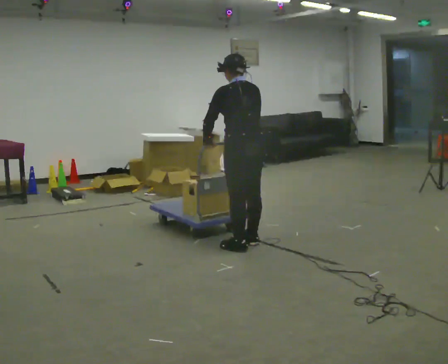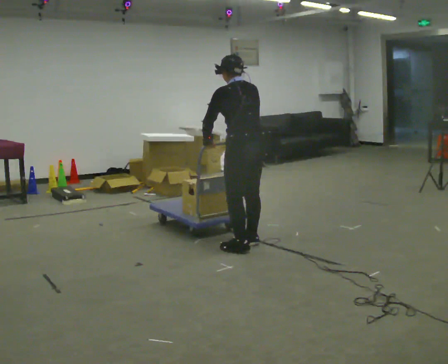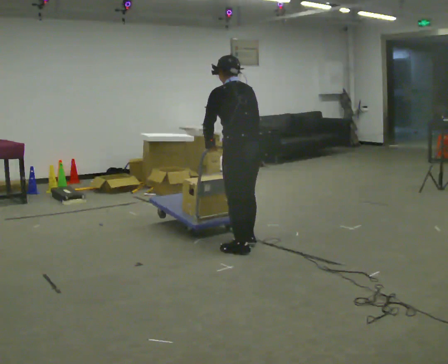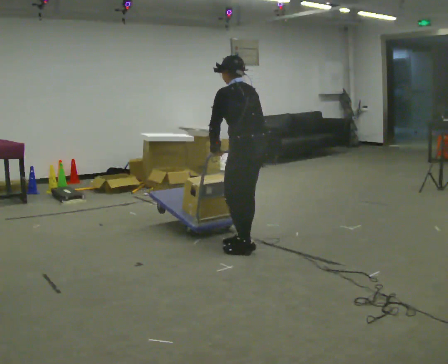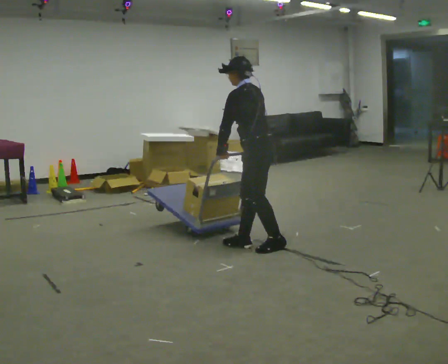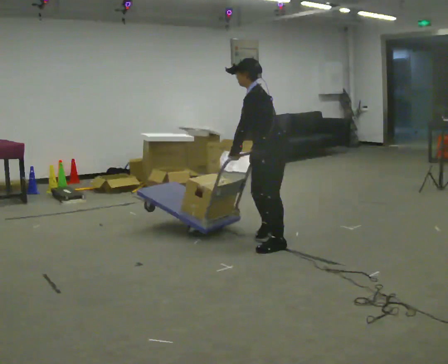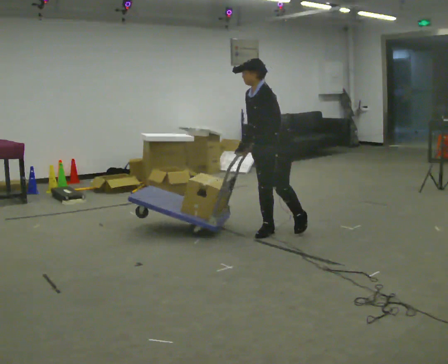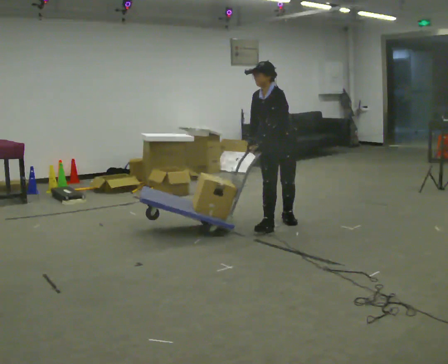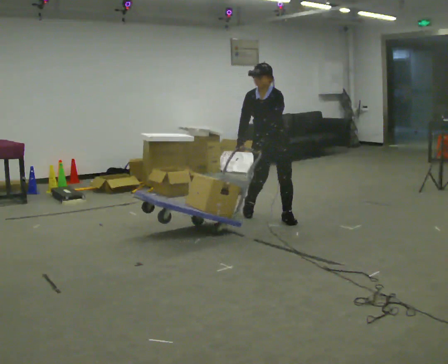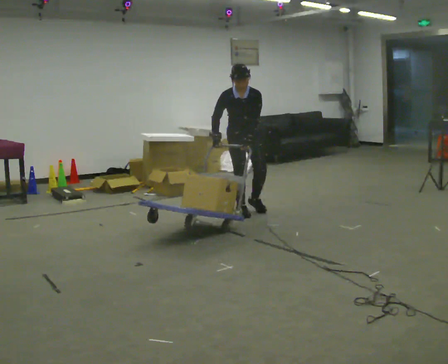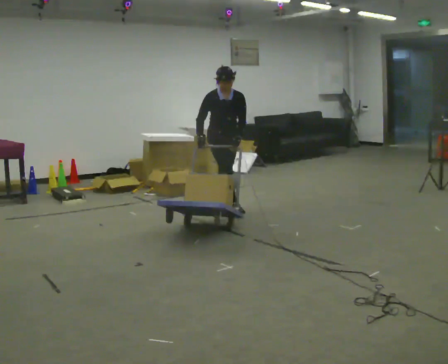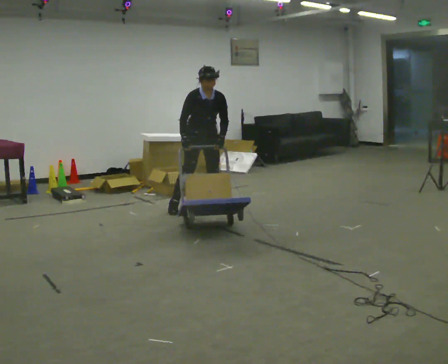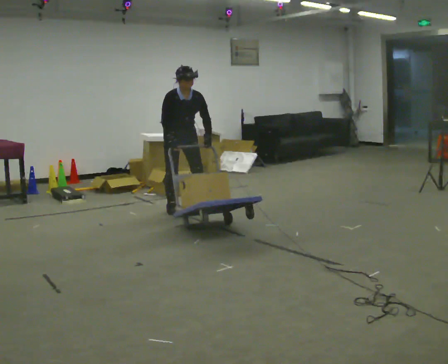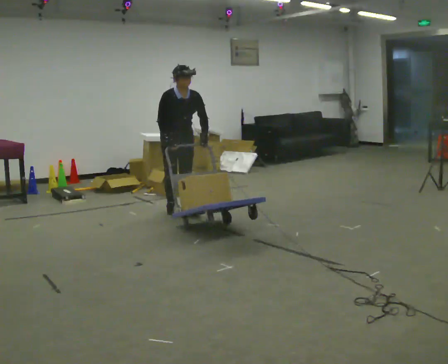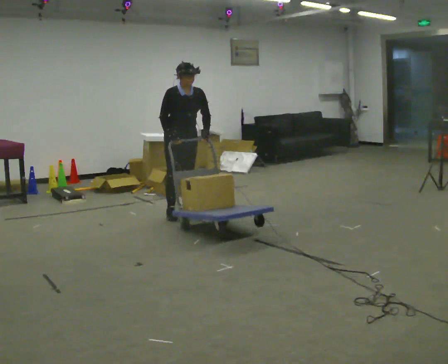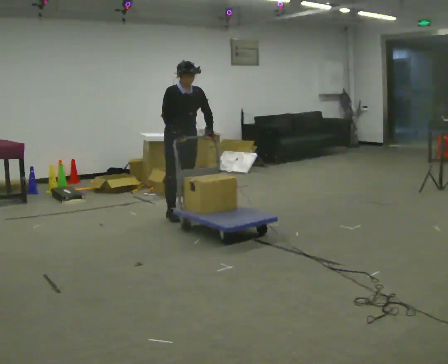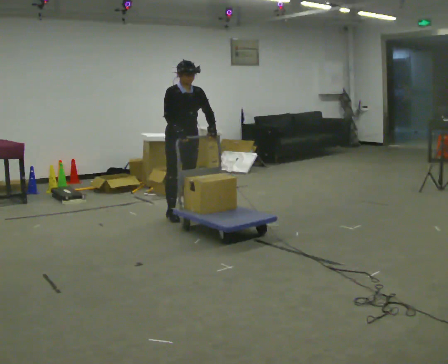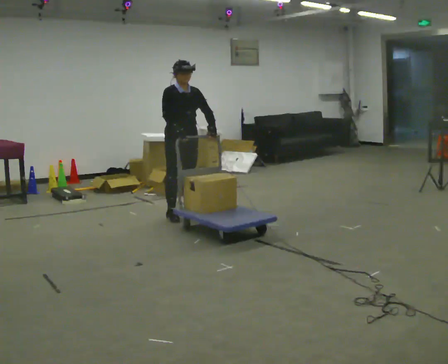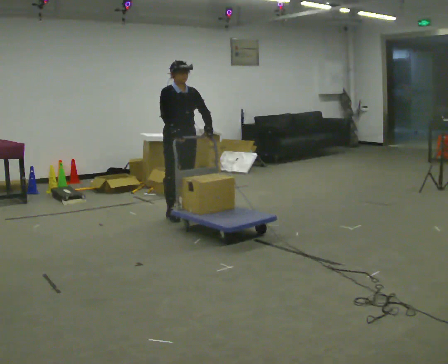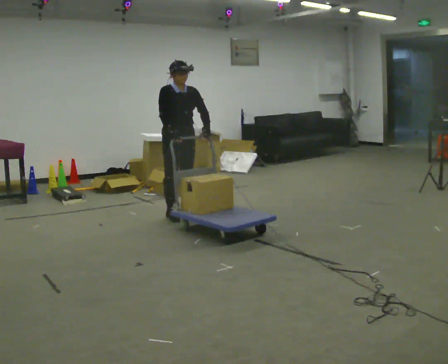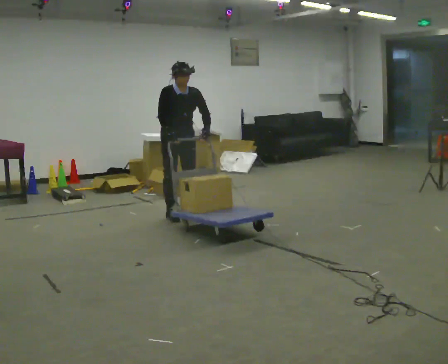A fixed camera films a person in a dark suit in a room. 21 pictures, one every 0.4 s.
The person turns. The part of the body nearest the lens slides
to the right.
The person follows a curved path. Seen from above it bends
counterclockwise.
0.0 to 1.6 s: Seen from above the body turns counterclockwise, about 45 degrees: to their left, with its near side sliding to the right.
1.6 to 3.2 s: The part of the body nearest the lens slides to the right as the person turns to their left by about 90 degrees. In the picture they go away from the camera, about 1 m in 3 steps. The upper body tips toward the camera, its near side rolling downward.
3.2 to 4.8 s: Seen from above the body turns counterclockwise, about 45 degrees: to their left, with its near side sliding to the right. In the picture they go to the left, about 1 m in 3 steps, which for them is backward and to their right. In the picture the upper body tilts clockwise, shoulders to the right.
4.8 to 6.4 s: In the picture they go toward the camera, about 0.25 m in 1 step, which for them is forward. The upper body tips away from the camera, its near side rolling upward, as they lean back or straighten.
6.4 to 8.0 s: The person moves a little, or ends about where they began.
The film runs backward here.
